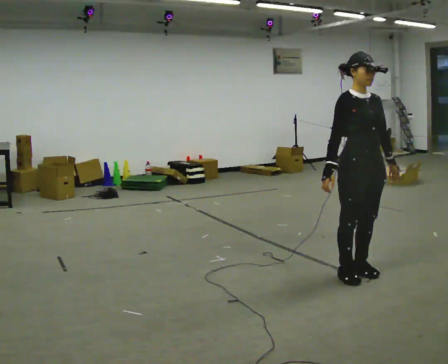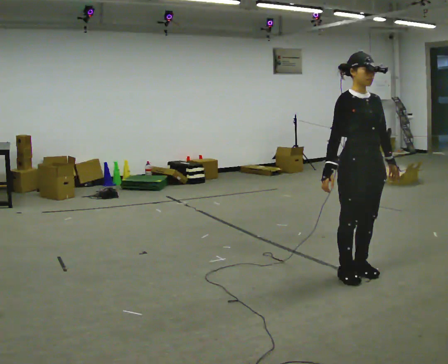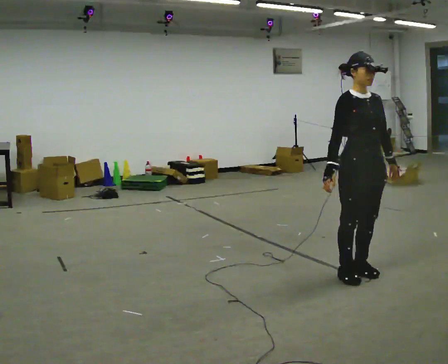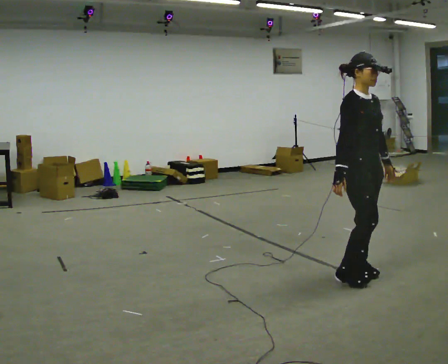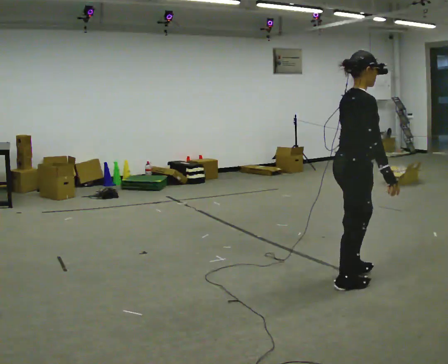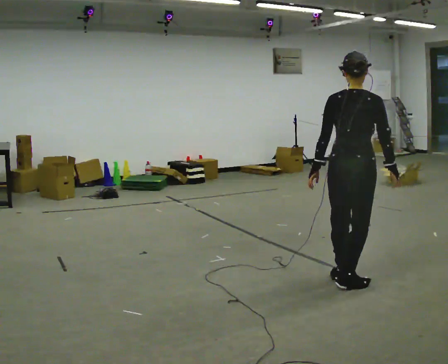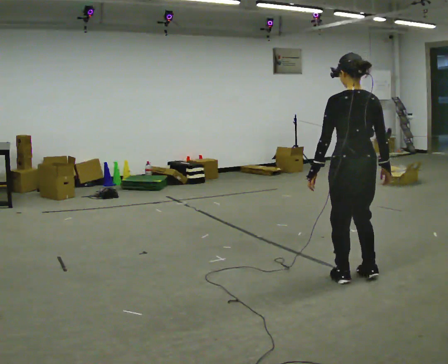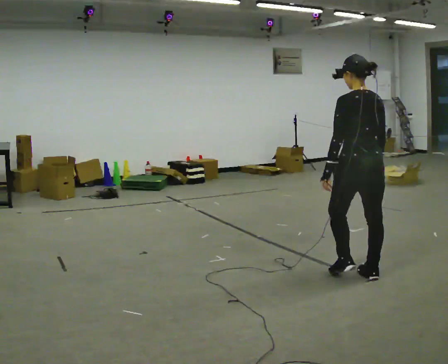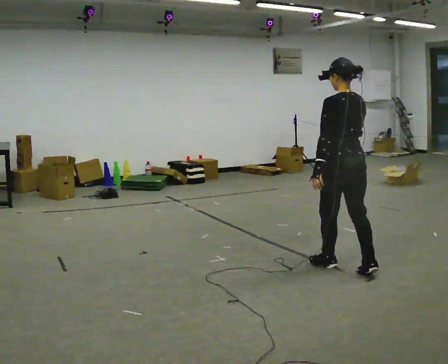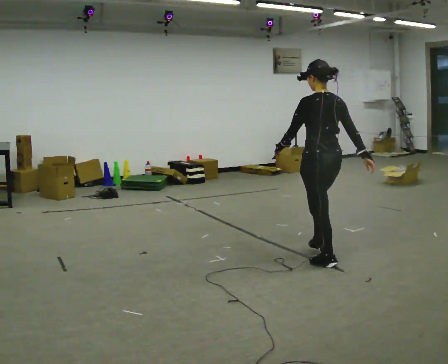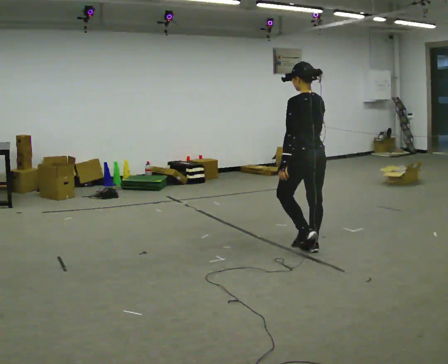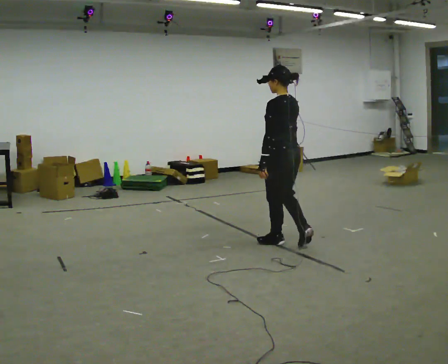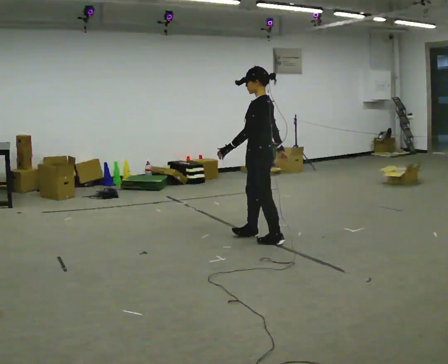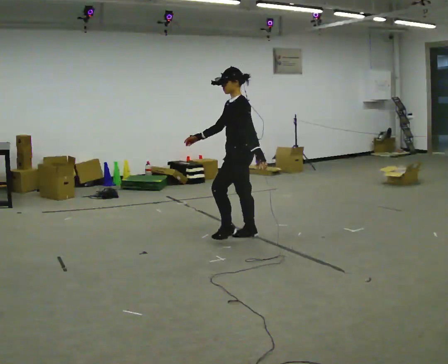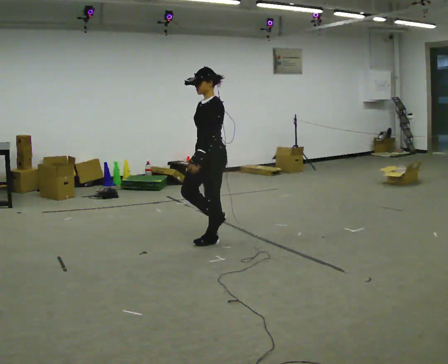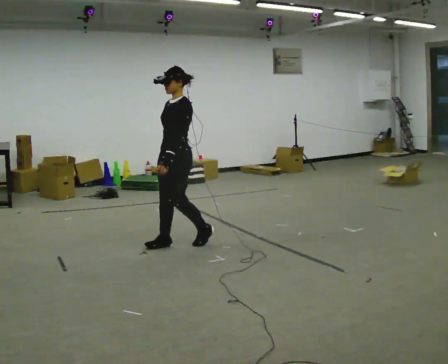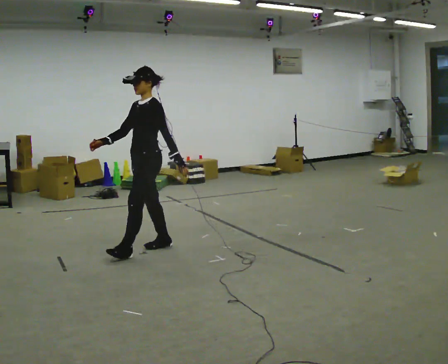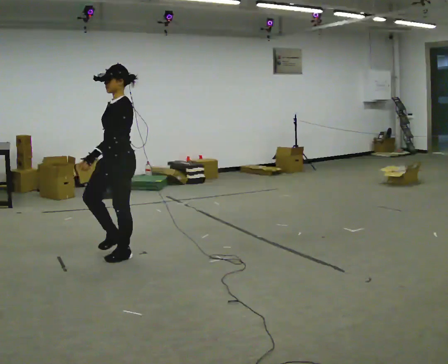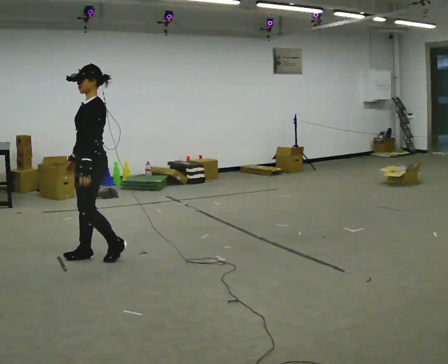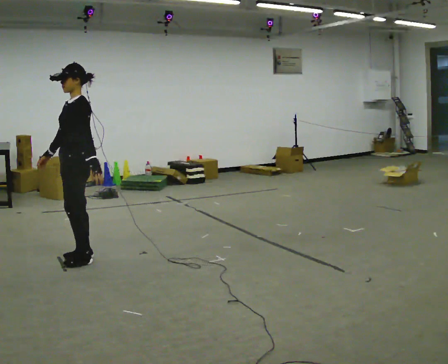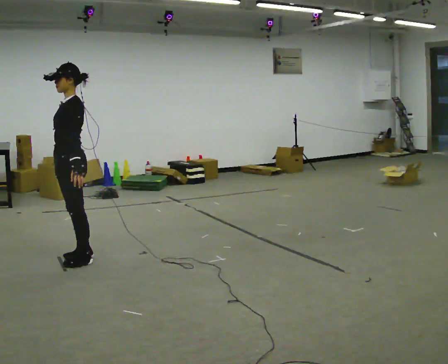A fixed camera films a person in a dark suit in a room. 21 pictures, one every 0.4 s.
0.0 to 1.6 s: The part of the body nearest the lens slides to the right as the person turns to their left by about 75 degrees. In the picture their right hand goes to the right, the arm swinging counterclockwise.
1.6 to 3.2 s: The part of the body nearest the lens slides to the right as the person turns to their left by about 105 degrees. In the picture they go away from the camera, about 0.25 m in 3 steps.
3.2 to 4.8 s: Seen from above the body turns counterclockwise, about 60 degrees: to their left, with its near side sliding to the right. In the picture they go away from the camera and to the left, about 1 m in 3 steps, which for them is forward.
4.8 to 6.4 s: The part of the body nearest the lens slides to the right as the person turns to their left by about 45 degrees. In the picture they go to the left and toward the camera, about 1 m in 2 steps, which for them is forward.
6.4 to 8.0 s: In the picture they go to the left and toward the camera, about 0.75 m in 3 steps, which for them is forward.
The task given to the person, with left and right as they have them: Walk; turn 90° left/right; walk several steps; stop.
The film runs forward here.
